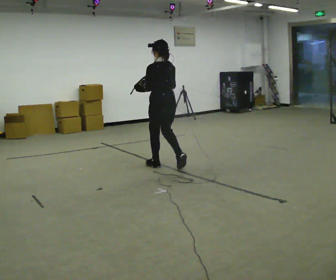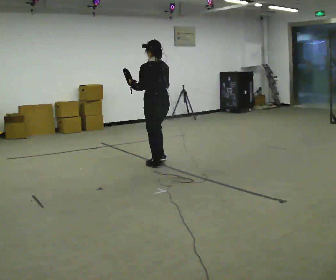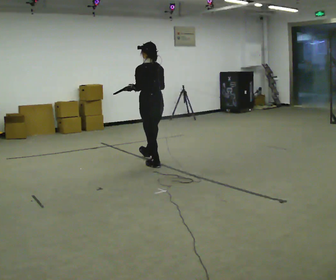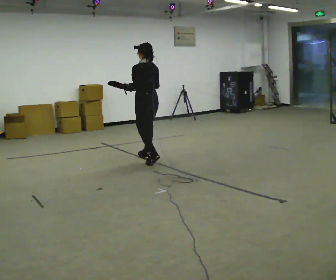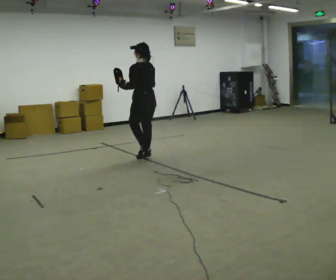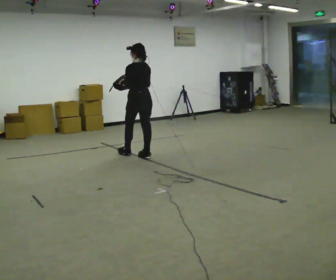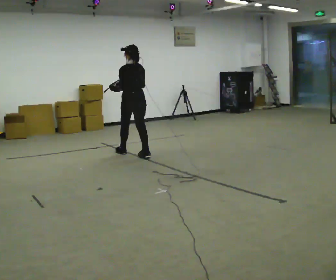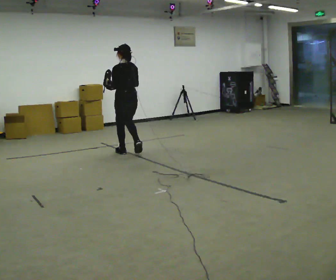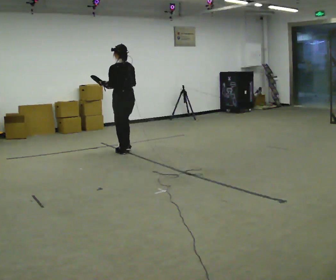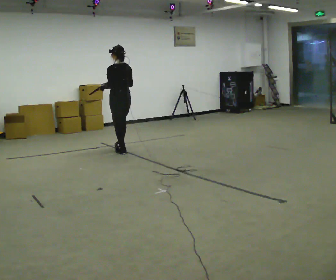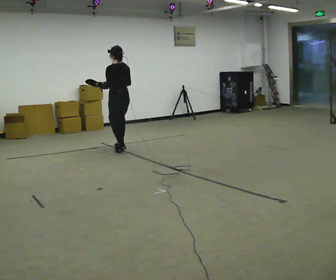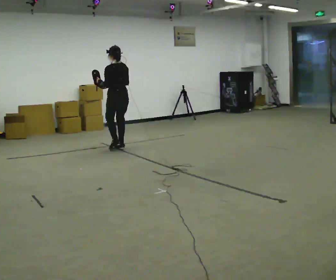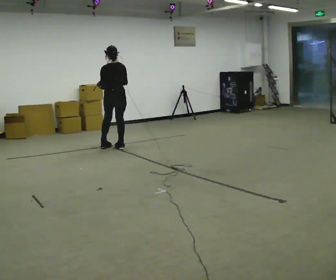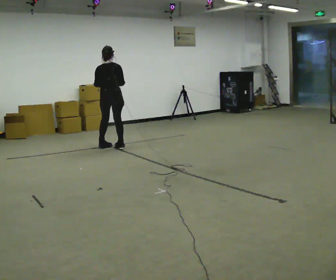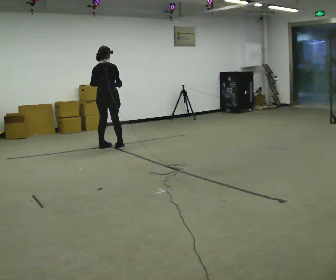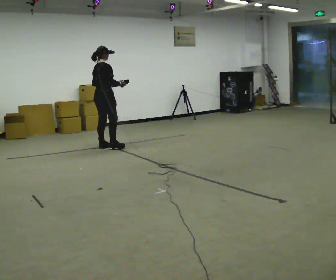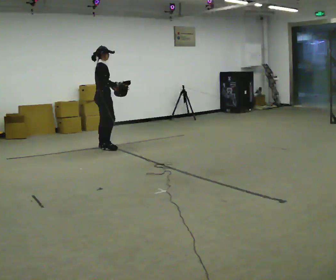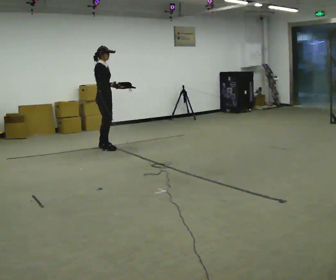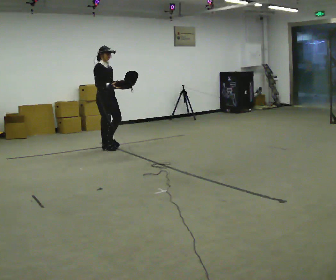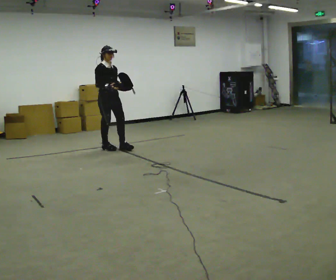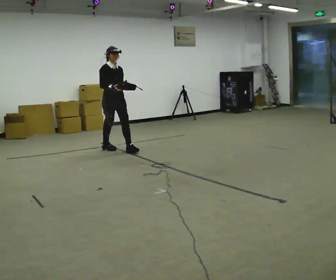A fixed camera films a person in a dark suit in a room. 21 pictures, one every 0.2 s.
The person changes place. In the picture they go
away from the camera.
The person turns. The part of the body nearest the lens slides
to the left.
0.0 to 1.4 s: In the picture they go away from the camera and to the left, about 1 m in 2 steps, which for them is forward.
1.4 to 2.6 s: Seen from above the body turns clockwise, about 30 degrees: to their right, with its near side sliding to the left. In the picture they go away from the camera and to the left, about 0.5 m in 2 steps, which for them is forward.
2.6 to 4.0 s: Seen from above the body turns clockwise, about 135 degrees: to their right, with its near side sliding to the left. In the picture they go toward the camera, about 0.25 m in 2 steps.
The film runs forward here.
